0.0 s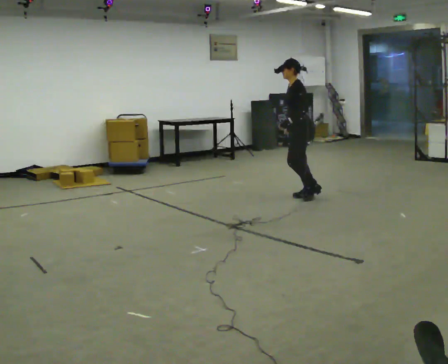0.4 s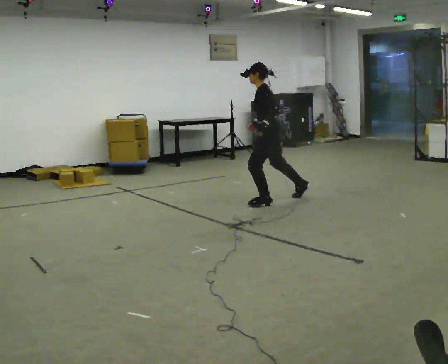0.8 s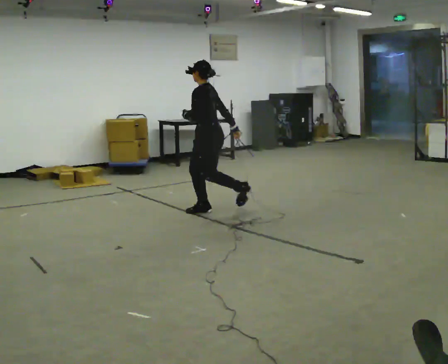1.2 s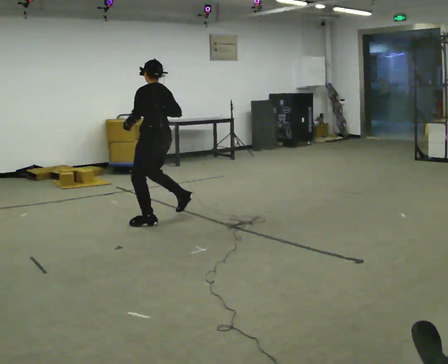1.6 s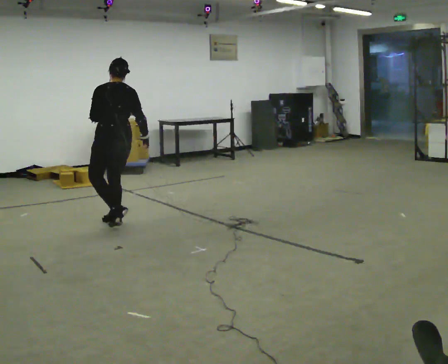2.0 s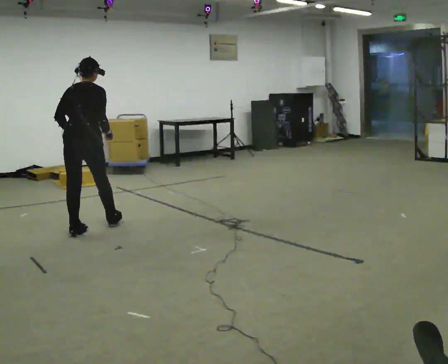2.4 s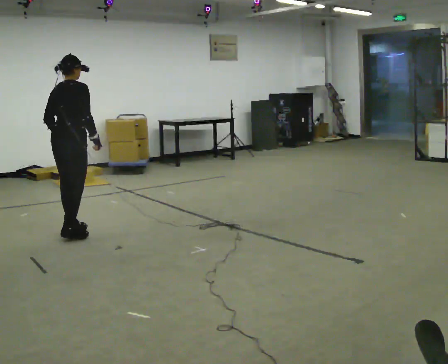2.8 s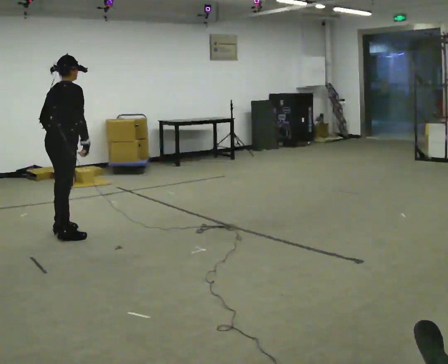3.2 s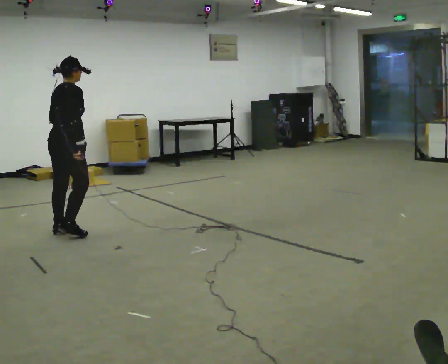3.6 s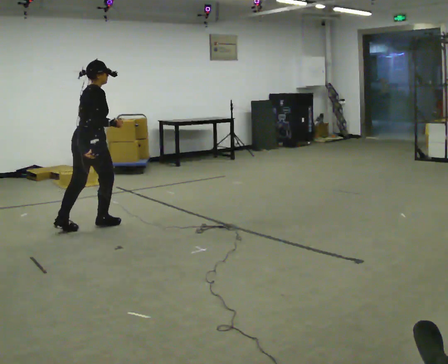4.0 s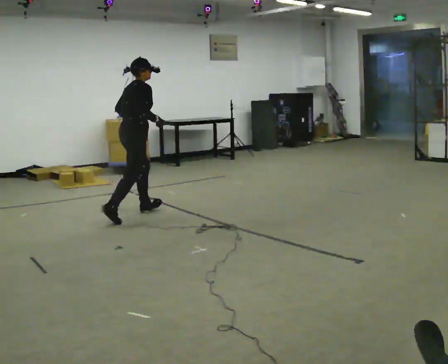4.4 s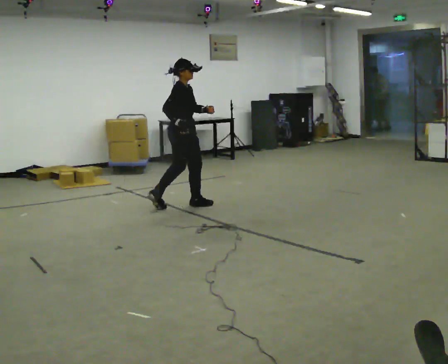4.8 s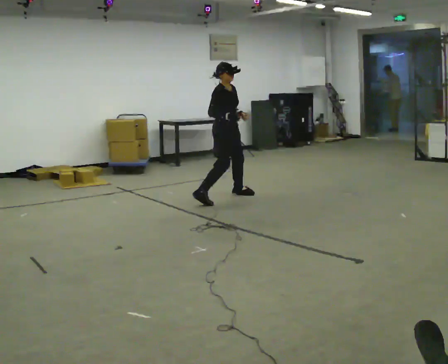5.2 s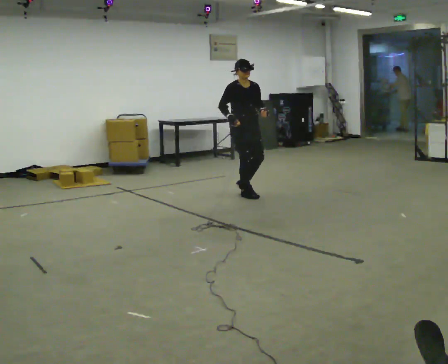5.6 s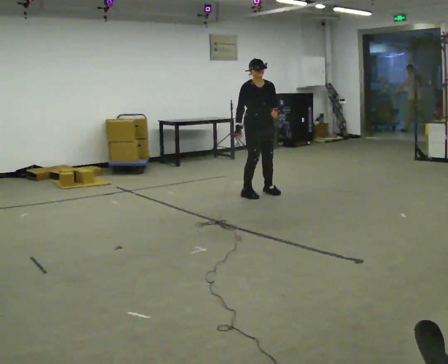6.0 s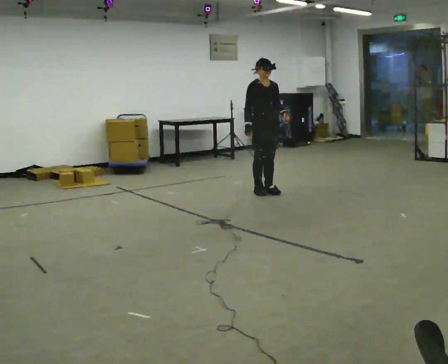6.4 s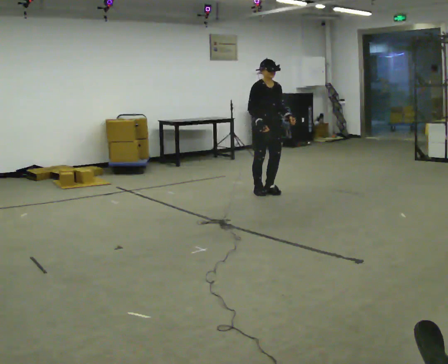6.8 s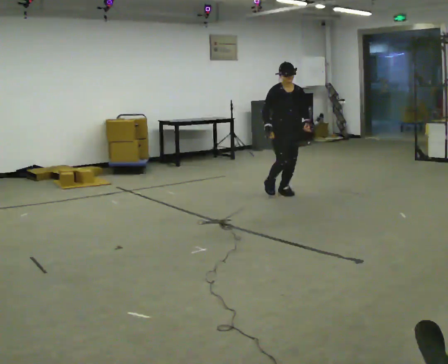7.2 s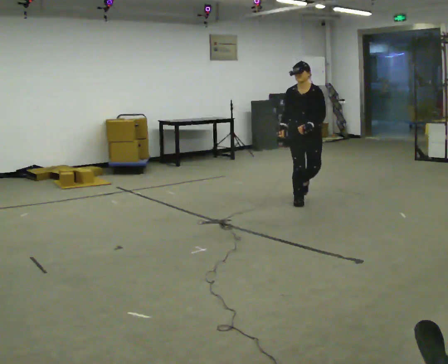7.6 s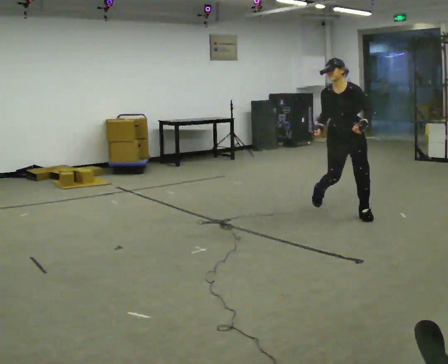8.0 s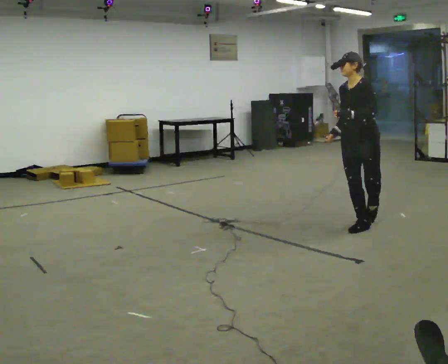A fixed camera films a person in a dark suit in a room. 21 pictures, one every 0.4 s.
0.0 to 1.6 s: Seen from above the body turns clockwise, about 60 degrees: to their right, with its near side sliding to the left. In the picture they go to the left, about 2 m in 4 steps, which for them is forward and to their left.
1.6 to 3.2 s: The person turns about 75 degrees to their right, clockwise seen from above, so the part of the body nearest the lens slides to the left. In the picture they go to the left, about 0.5 m in 3 steps.
3.2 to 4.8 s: The part of the body nearest the lens slides to the left as the person turns to their right by about 75 degrees. In the picture they go to the right and away from the camera, about 2 m in 4 steps.
4.8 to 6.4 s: The part of the body nearest the lens slides to the left as the person turns to their right by about 30 degrees. In the picture they go to the right, about 0.5 m in 3 steps, which for them is to their left.
6.4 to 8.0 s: The person turns about 75 degrees to their right, clockwise seen from above, so the part of the body nearest the lens slides to the left. In the picture they go toward the camera, about 1.5 m in 4 steps.
The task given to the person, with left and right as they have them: Move around the room freely as if avoiding someone: change speed and direction whenever you like. Keep moving until the operator says stop.
The film runs forward here.
